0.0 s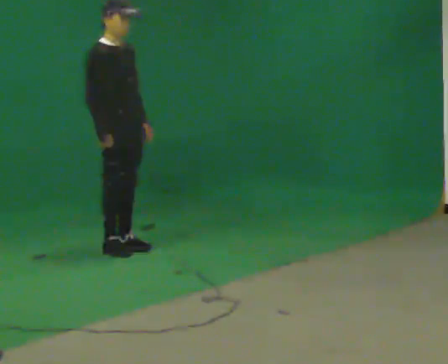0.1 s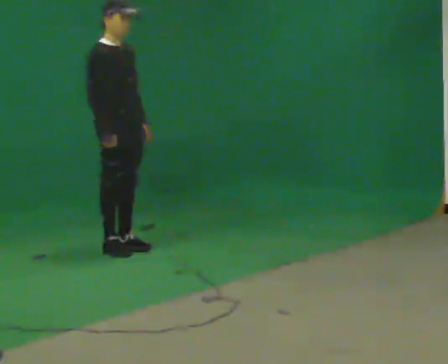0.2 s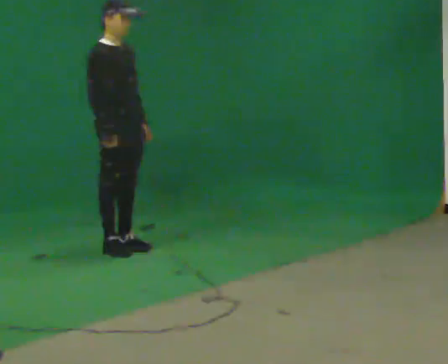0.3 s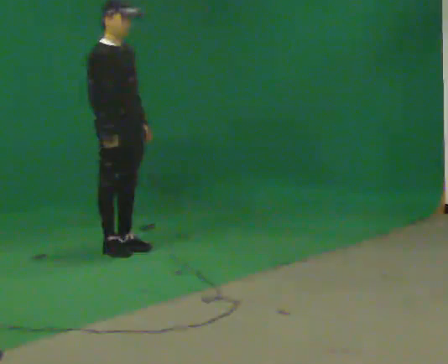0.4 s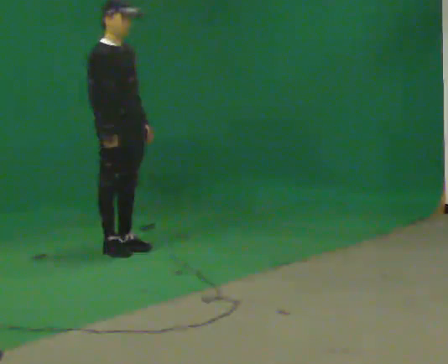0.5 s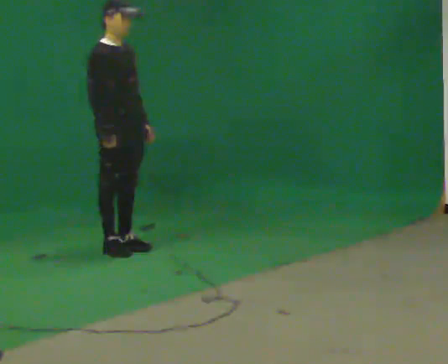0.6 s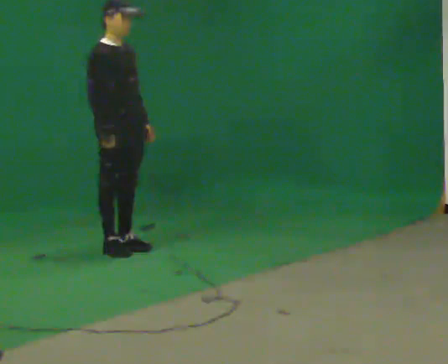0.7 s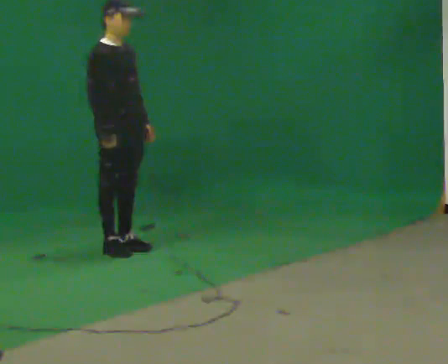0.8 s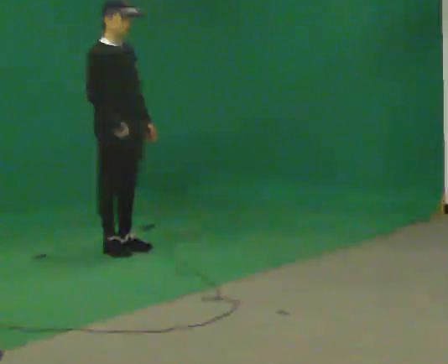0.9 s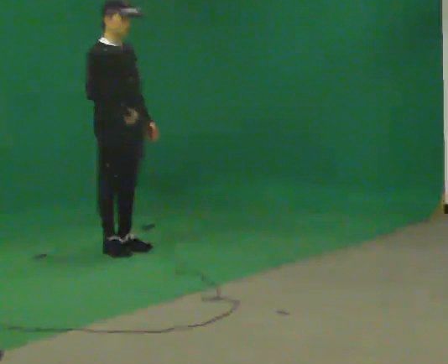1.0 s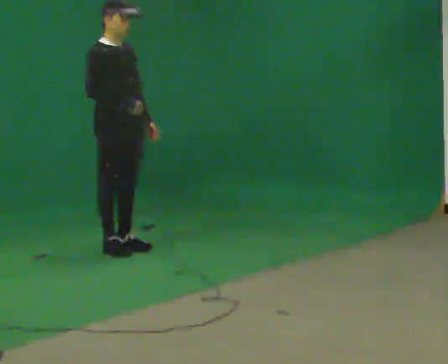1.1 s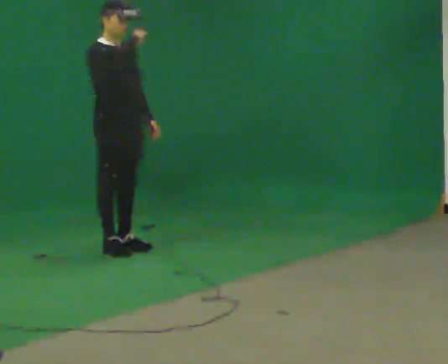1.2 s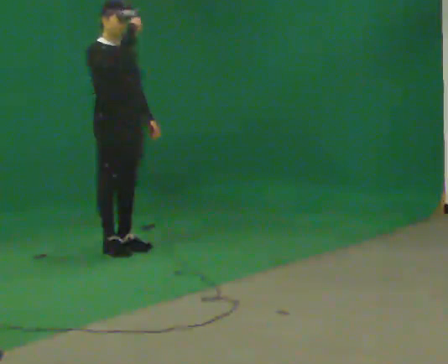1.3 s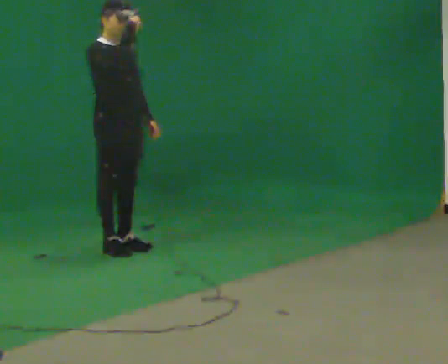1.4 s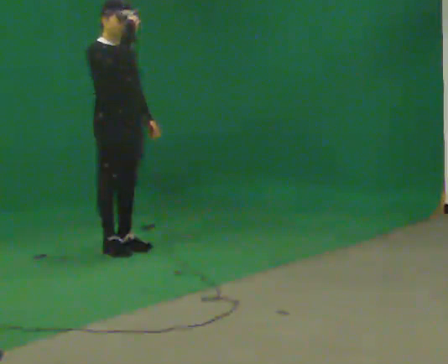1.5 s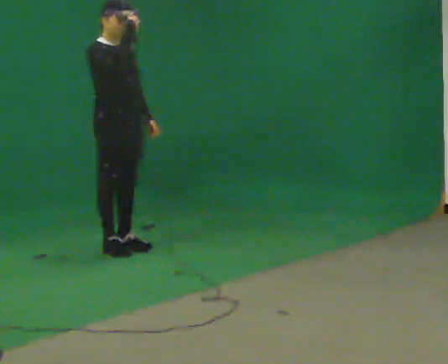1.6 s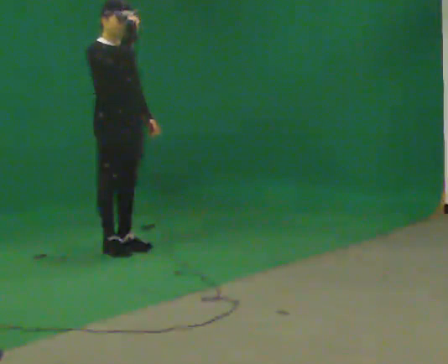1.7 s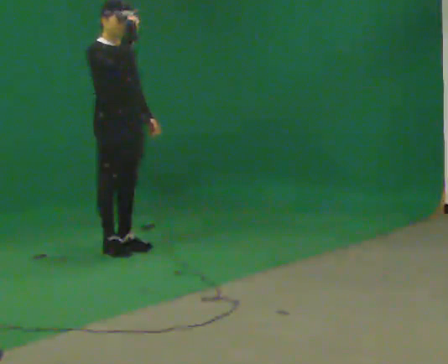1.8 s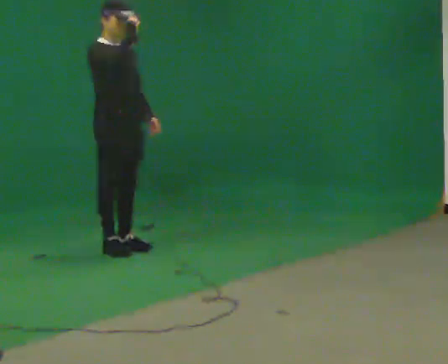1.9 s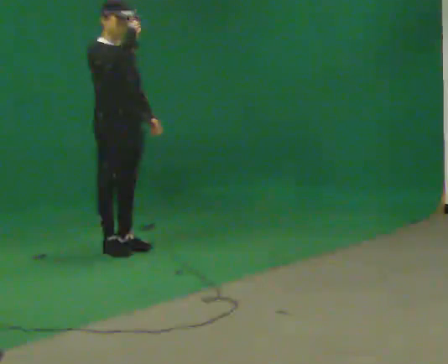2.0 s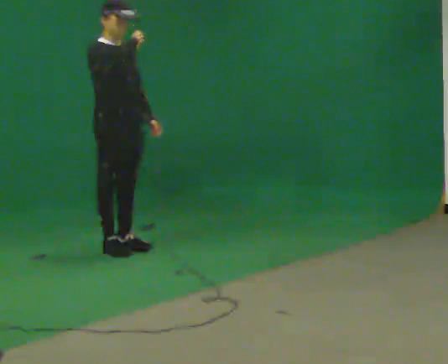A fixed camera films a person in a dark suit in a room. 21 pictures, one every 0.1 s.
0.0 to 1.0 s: In the picture their right hand goes upward.
1.0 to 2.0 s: The person moves a little, or ends about where they began.
The film runs forward here.
